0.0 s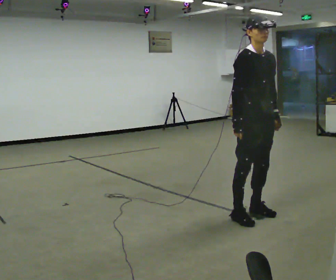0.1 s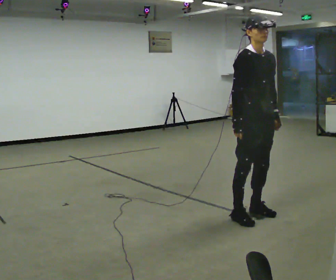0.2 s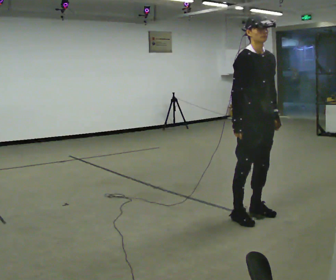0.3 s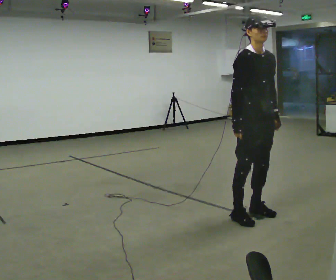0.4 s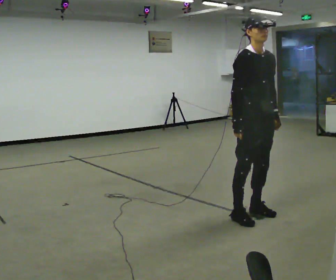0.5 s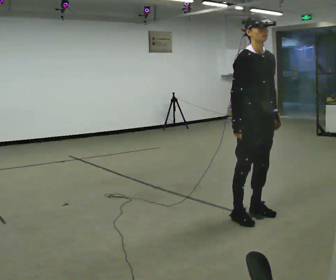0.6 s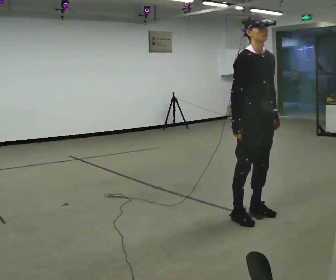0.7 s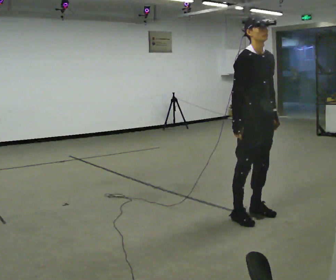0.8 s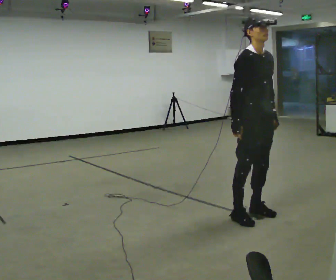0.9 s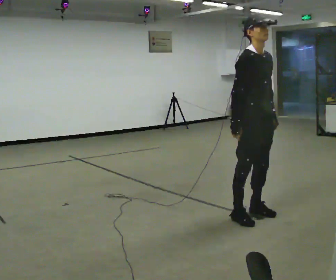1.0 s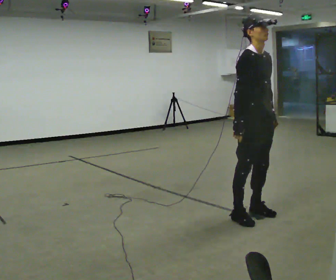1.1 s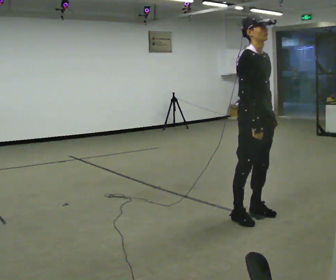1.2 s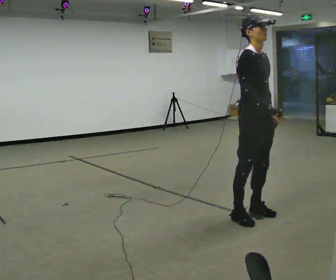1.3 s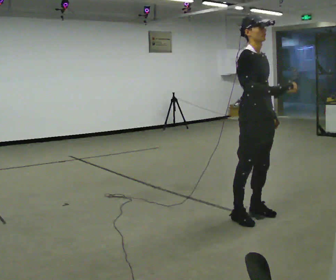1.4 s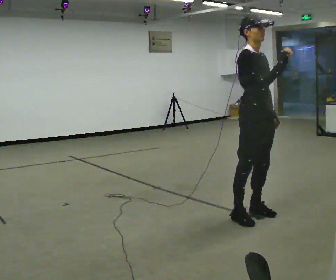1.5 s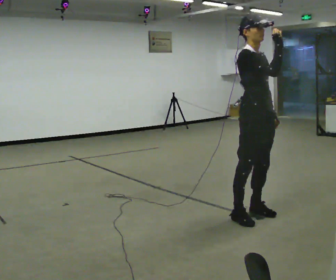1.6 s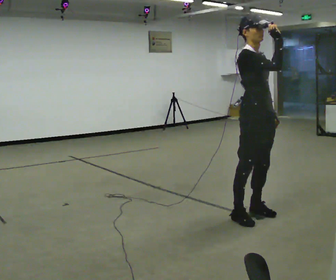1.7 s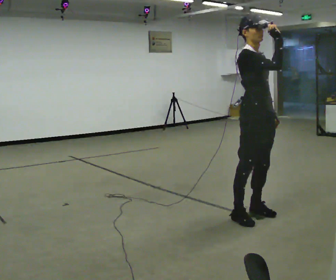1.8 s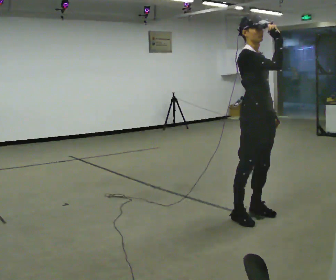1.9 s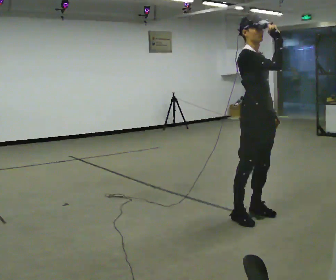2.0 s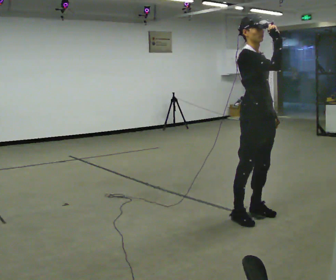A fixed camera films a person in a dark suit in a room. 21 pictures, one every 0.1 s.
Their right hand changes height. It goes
upward.
0.0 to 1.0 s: The person moves a little, or ends about where they began.
1.0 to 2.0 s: In the picture their right hand goes upward and to the right.
The film runs backward here.
